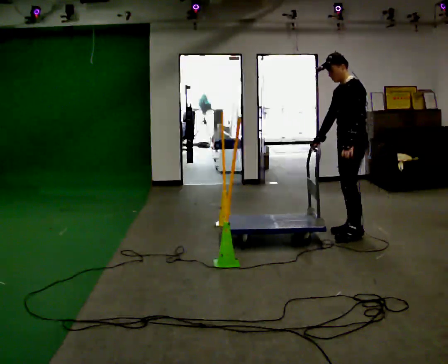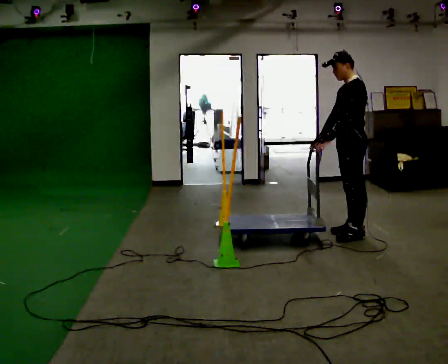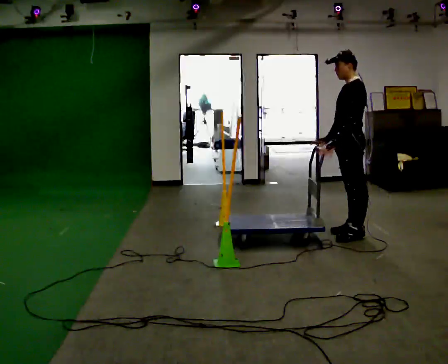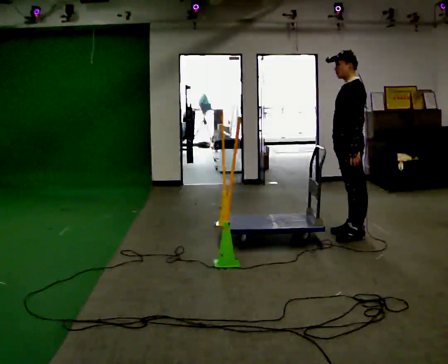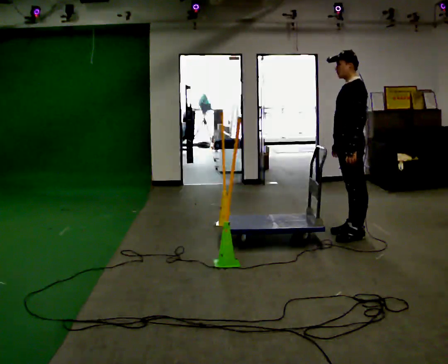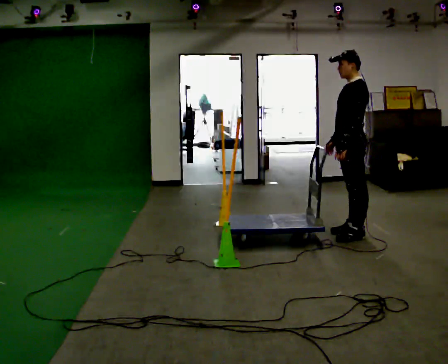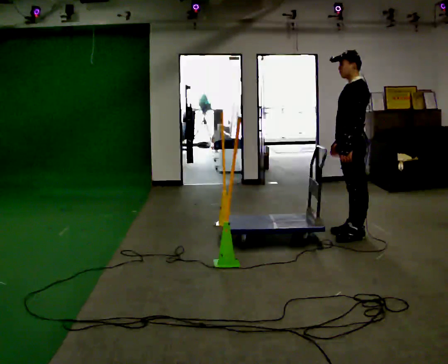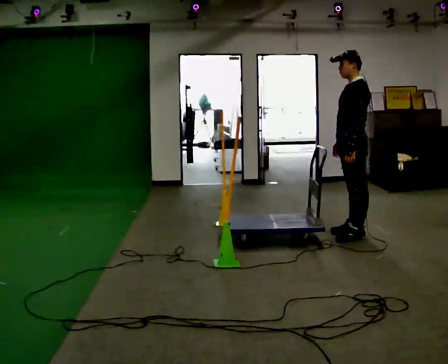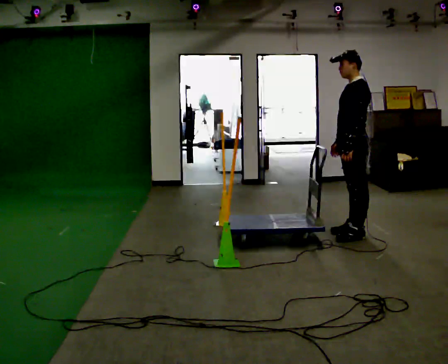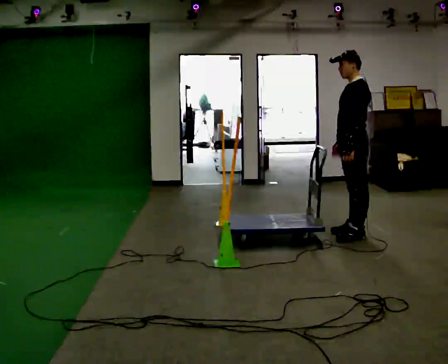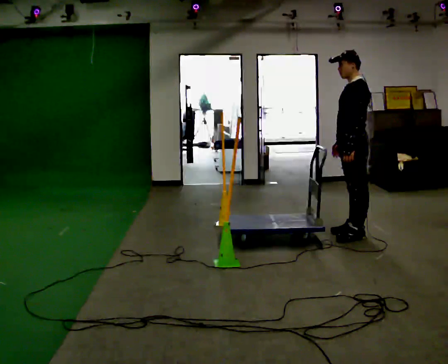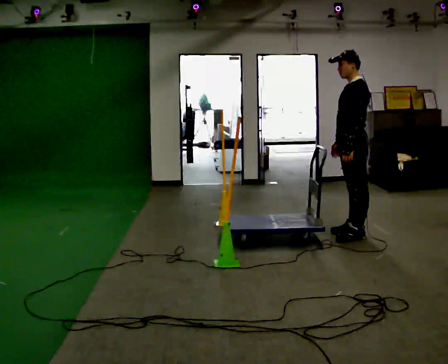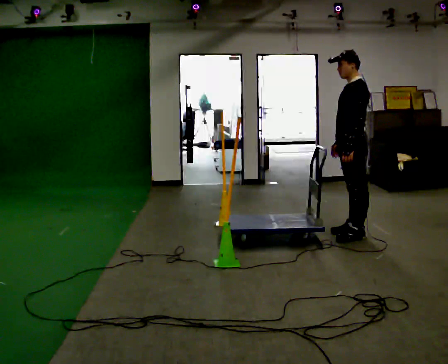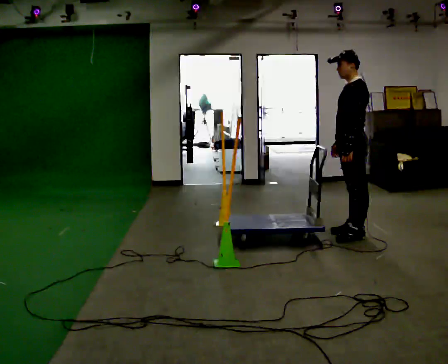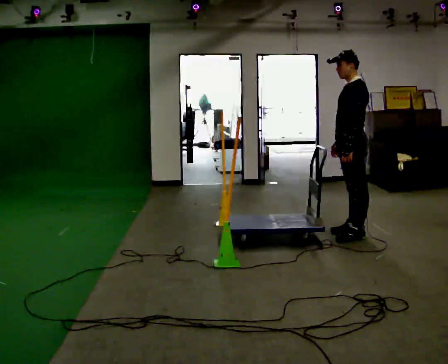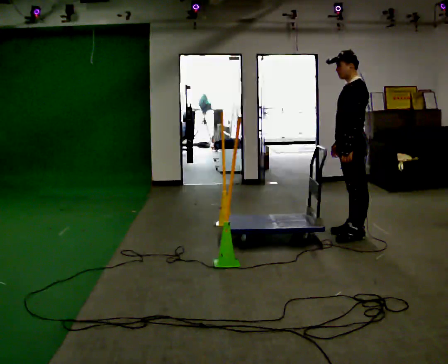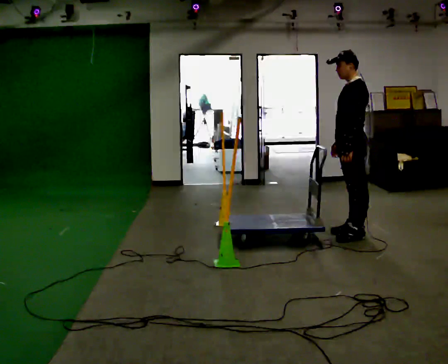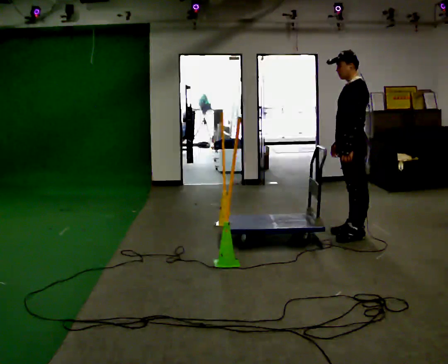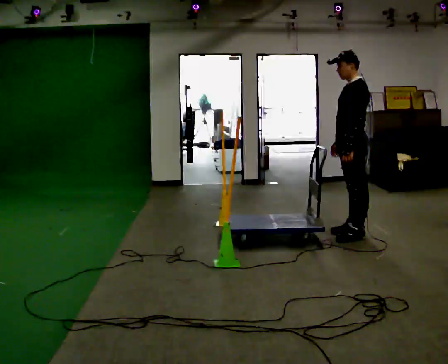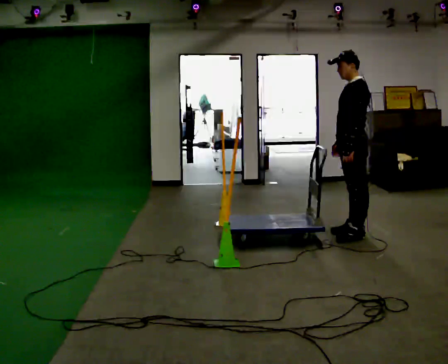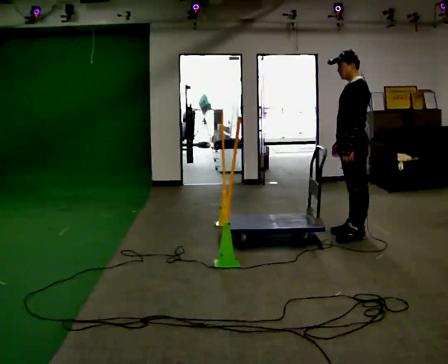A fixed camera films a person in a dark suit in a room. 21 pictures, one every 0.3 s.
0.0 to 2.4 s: The person moves a little, or ends about where they began.
2.4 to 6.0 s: The person keeps their place and pose.
The film runs forward here.
